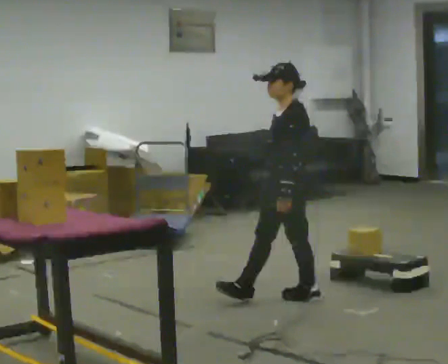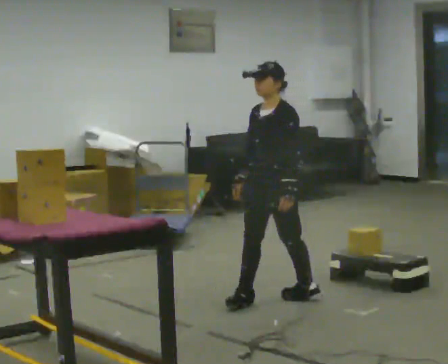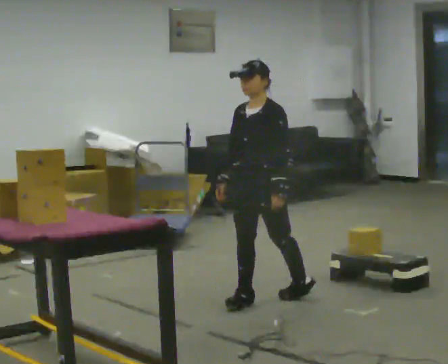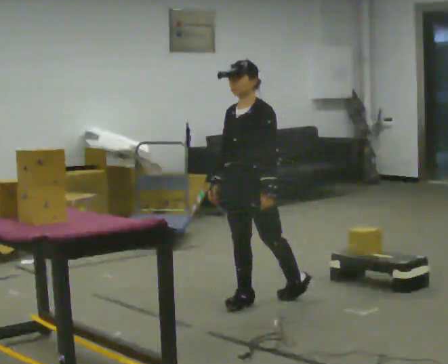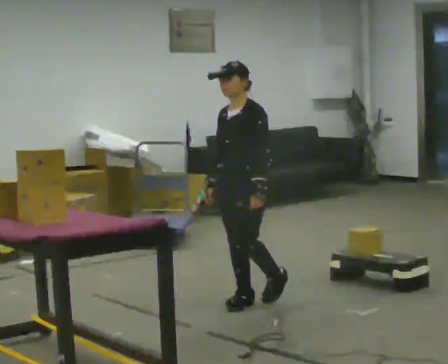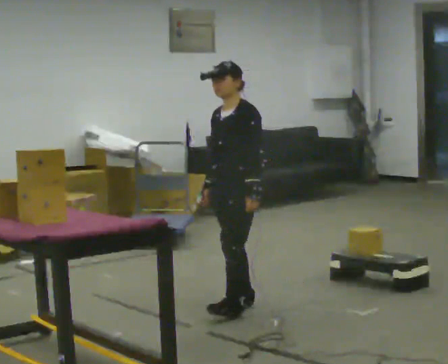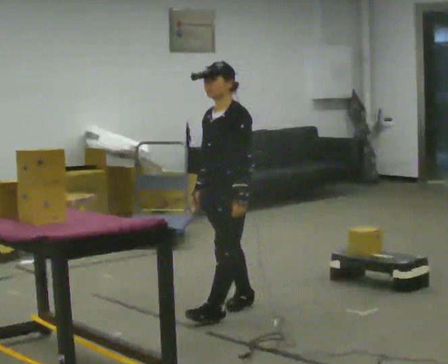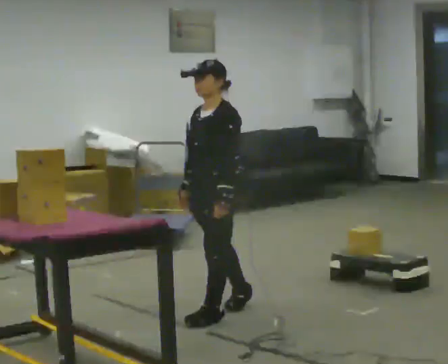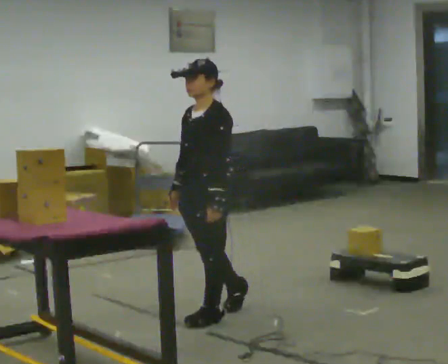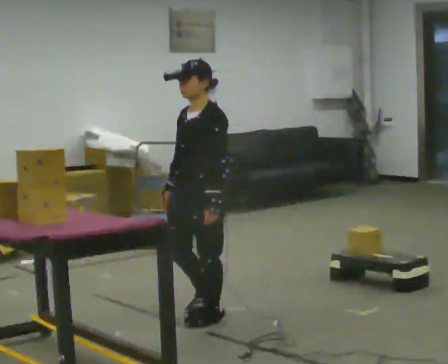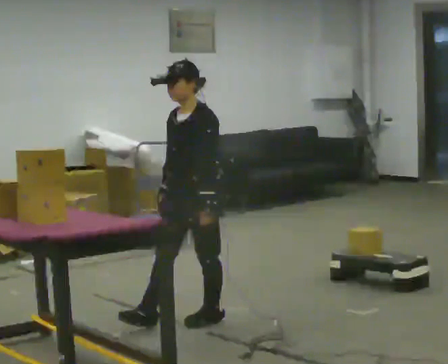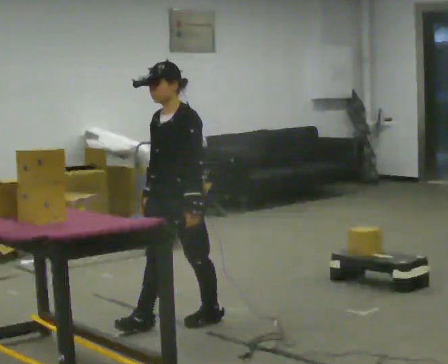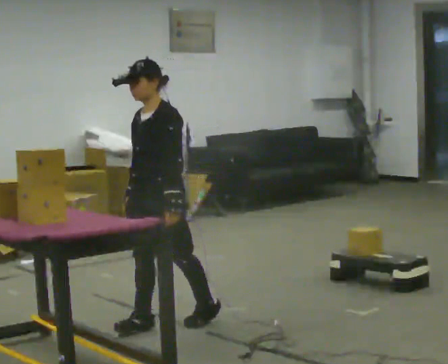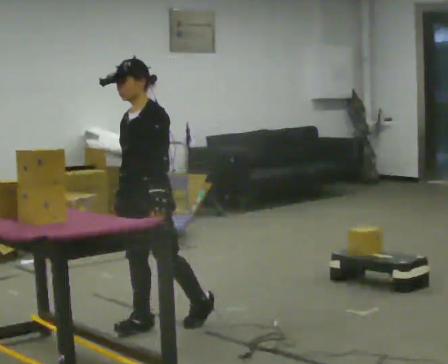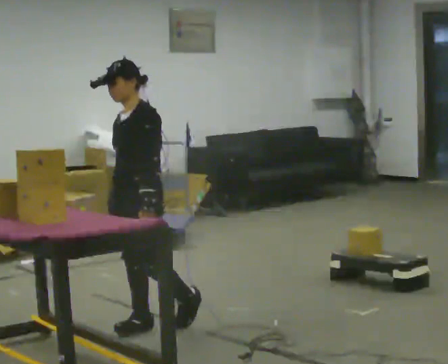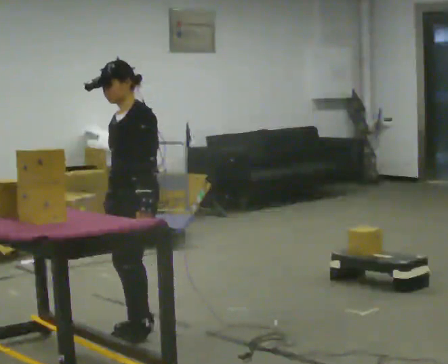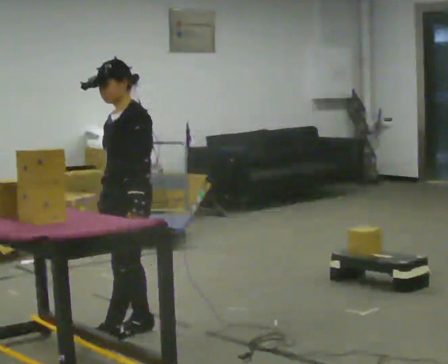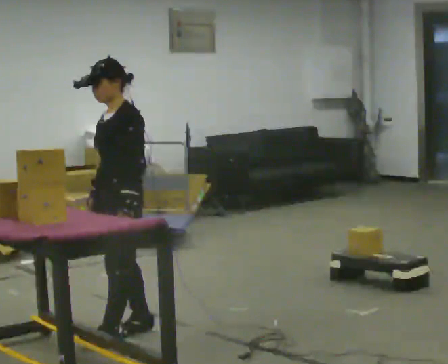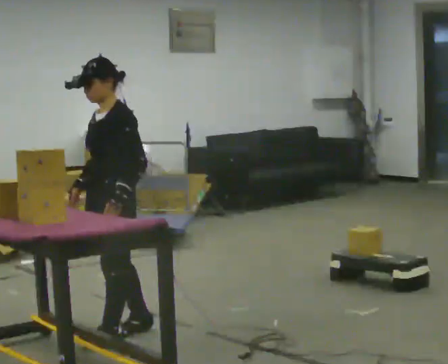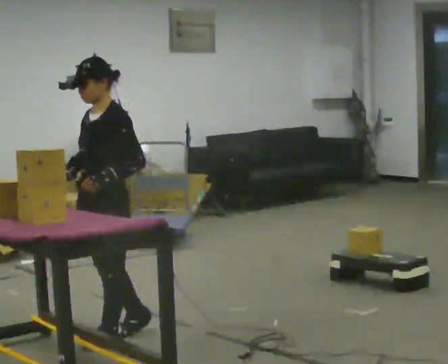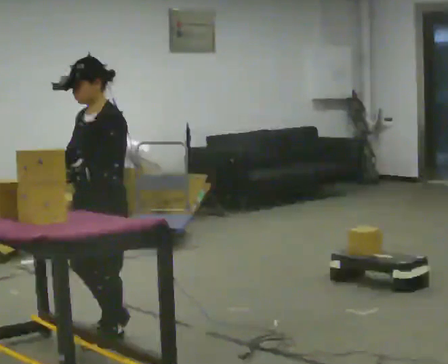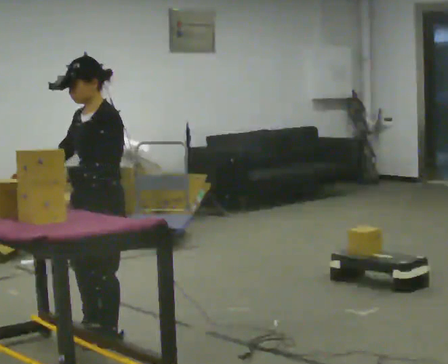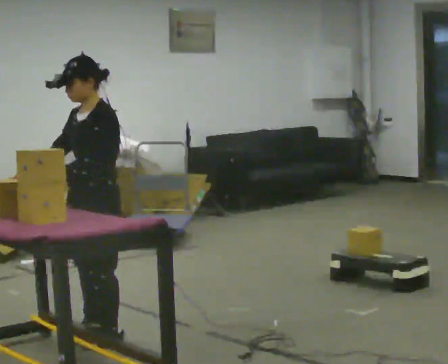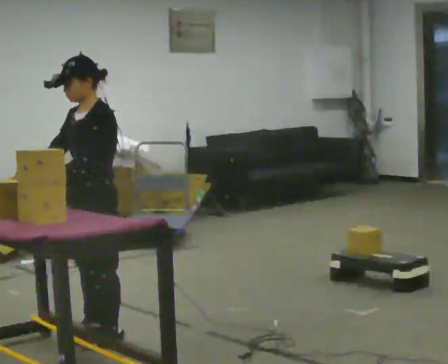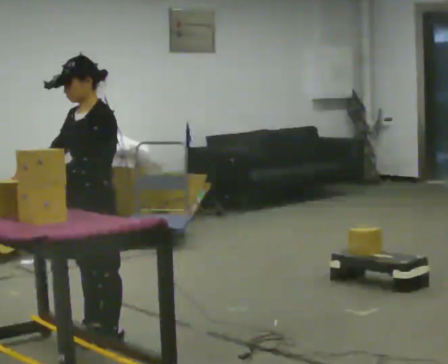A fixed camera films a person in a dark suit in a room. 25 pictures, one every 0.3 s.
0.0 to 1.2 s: Seen from above the body turns counterclockwise, about 30 degrees: to their left, with its near side sliding to the right. In the picture they go to the left, about 0.25 m in 1 step, which for them is forward and to their right.
1.2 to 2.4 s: In the picture they go to the left and toward the camera, about 0.5 m in 1 step, which for them is forward.
2.4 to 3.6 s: In the picture they go to the left, about 0.25 m in 1 step, which for them is forward.
3.6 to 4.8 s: In the picture they go to the left, about 0.25 m in 1 step, which for them is forward.
4.8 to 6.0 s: In the picture they go to the left, about 0.25 m, which for them is forward. In the picture their right hand goes to the left.
6.0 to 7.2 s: The person moves a little, or ends about where they began.
The film runs forward here.
